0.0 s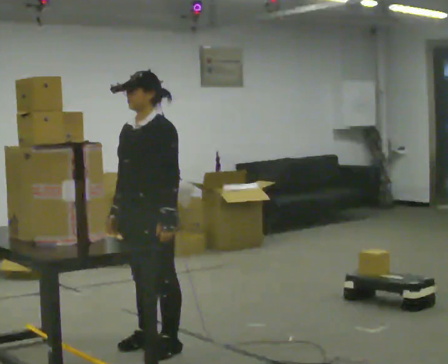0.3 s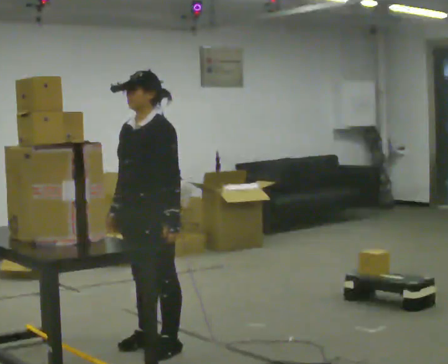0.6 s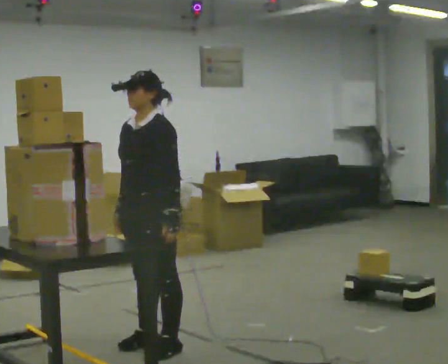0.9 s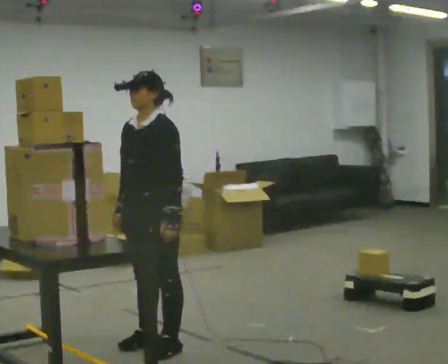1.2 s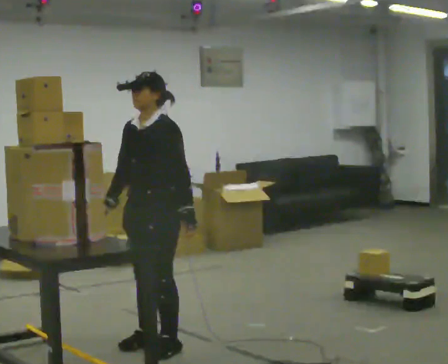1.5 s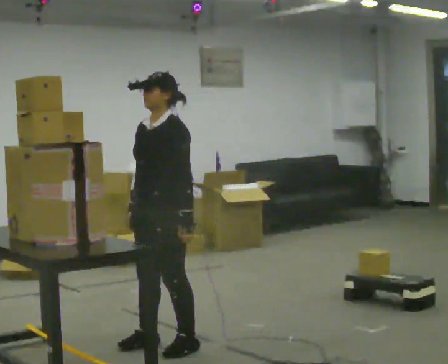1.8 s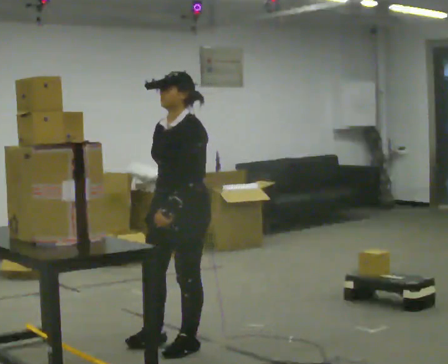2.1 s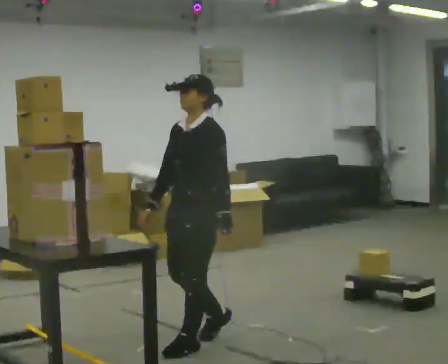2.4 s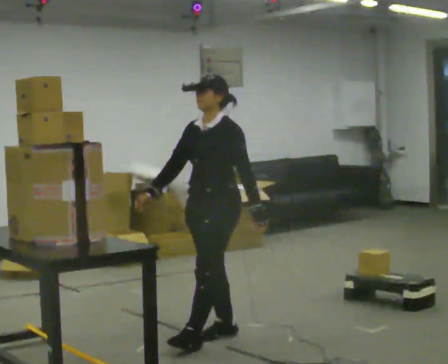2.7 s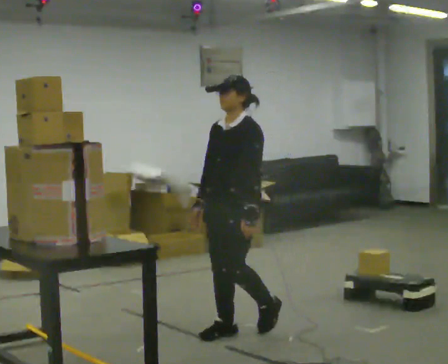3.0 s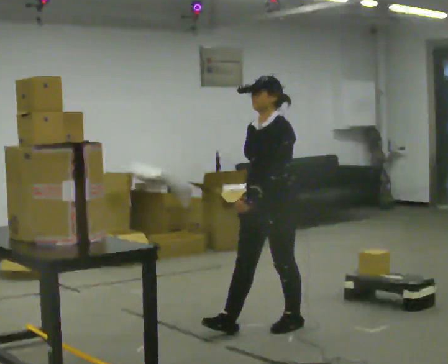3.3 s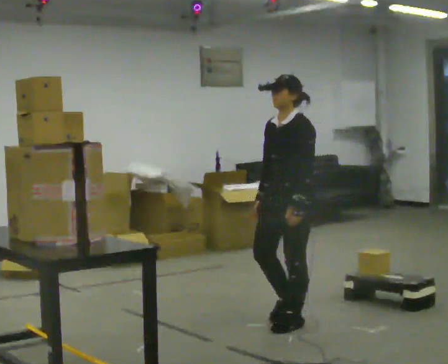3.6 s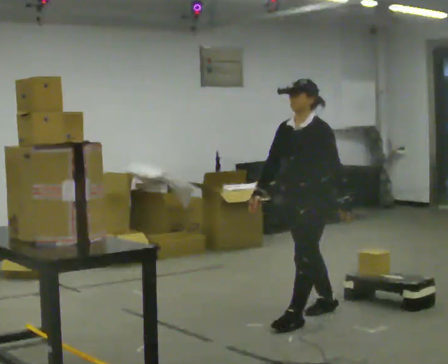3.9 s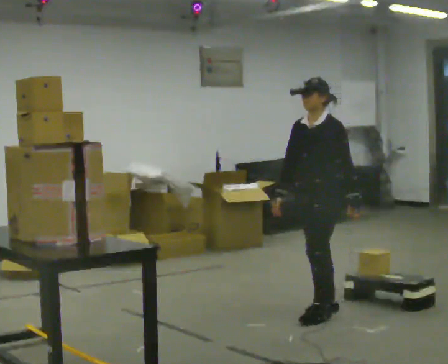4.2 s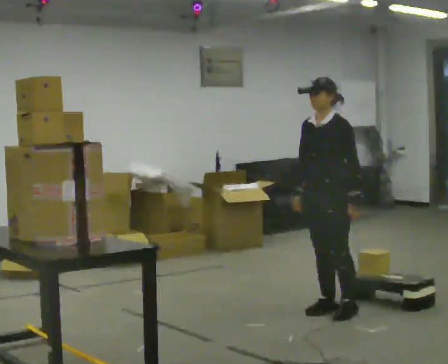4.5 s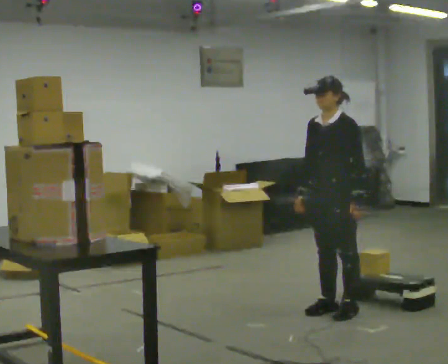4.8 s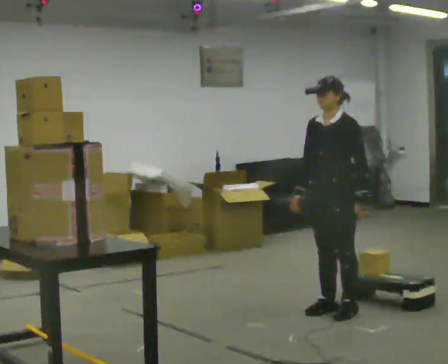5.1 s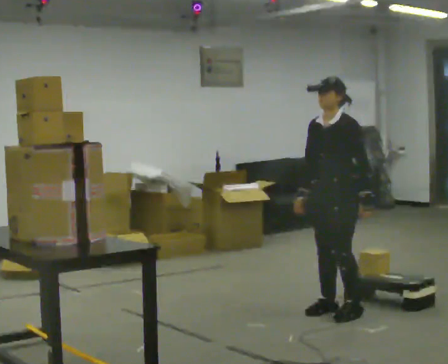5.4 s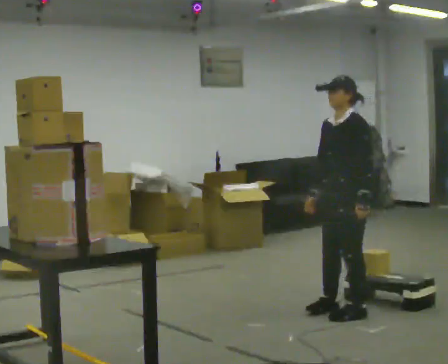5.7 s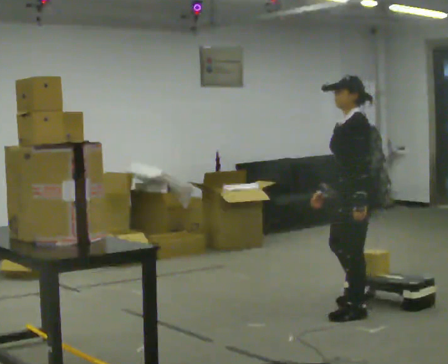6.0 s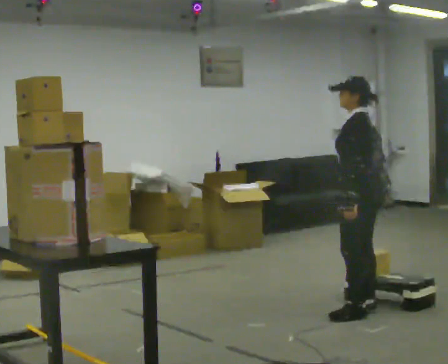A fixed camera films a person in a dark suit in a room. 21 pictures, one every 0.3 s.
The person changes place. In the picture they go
to the right.
0.0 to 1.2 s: The person moves a little, or ends about where they began.
1.2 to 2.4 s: In the picture they go to the right and away from the camera, about 0.5 m in 2 steps, which for them is backward.
2.4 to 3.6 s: In the picture they go to the right and away from the camera, about 0.5 m in 1 step, which for them is backward.
3.6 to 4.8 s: In the picture they go to the right and away from the camera, about 0.25 m in 1 step, which for them is backward.
4.8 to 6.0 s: The person turns about 75 degrees to their right, clockwise seen from above, so the part of the body nearest the lens slides to the left. In the picture they go to the right, about 0.25 m in 1 step. In the picture their right hand goes to the right.
The film runs backward here.
